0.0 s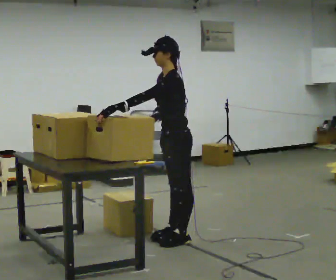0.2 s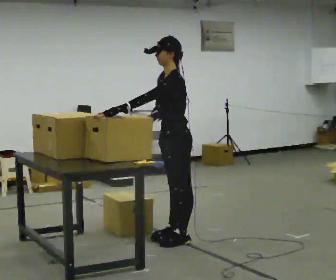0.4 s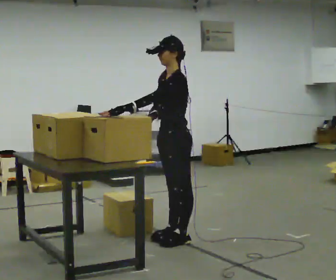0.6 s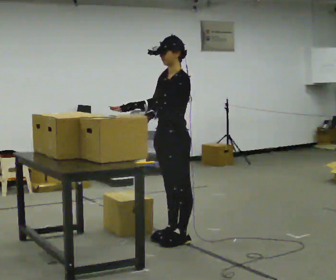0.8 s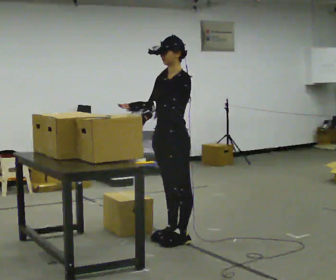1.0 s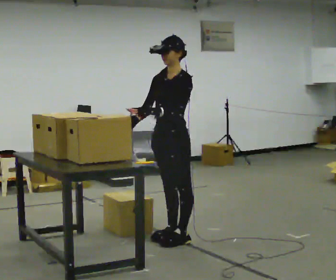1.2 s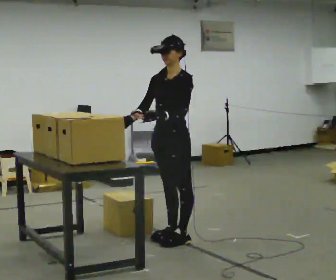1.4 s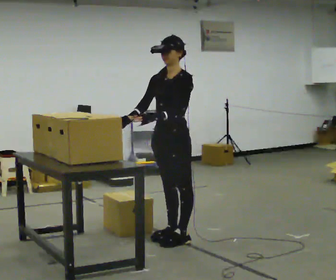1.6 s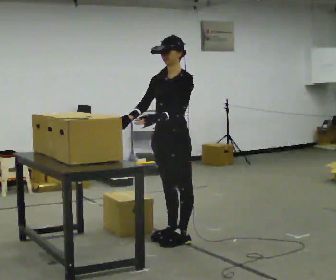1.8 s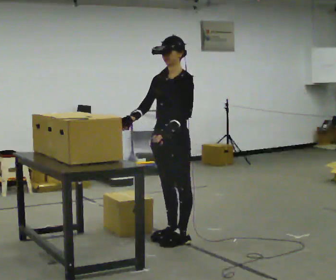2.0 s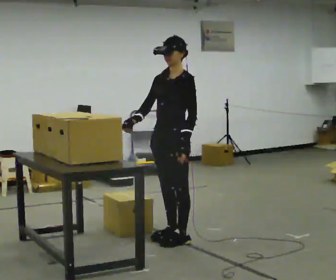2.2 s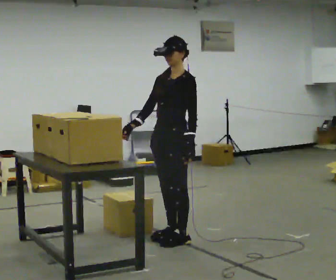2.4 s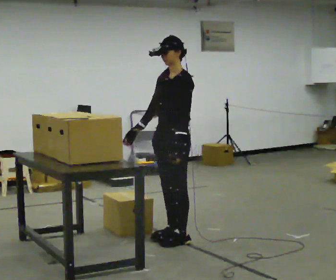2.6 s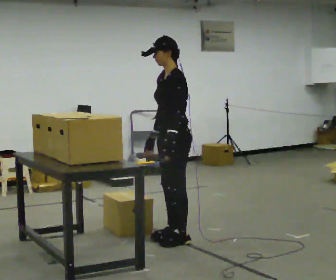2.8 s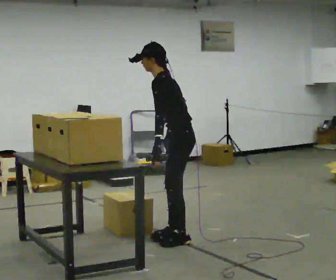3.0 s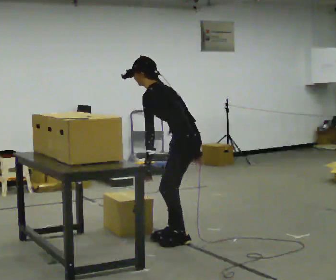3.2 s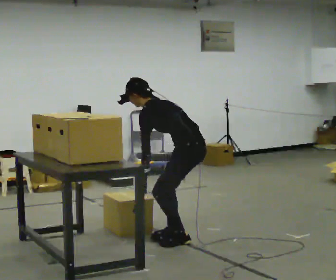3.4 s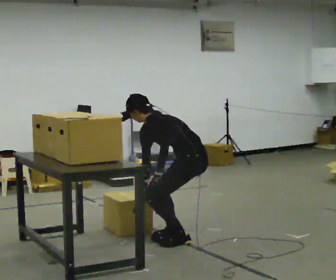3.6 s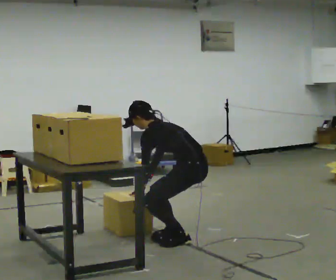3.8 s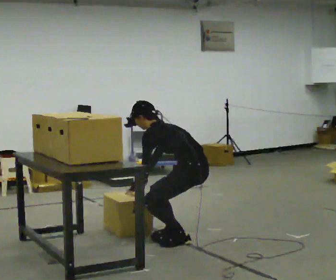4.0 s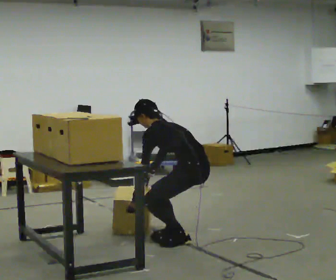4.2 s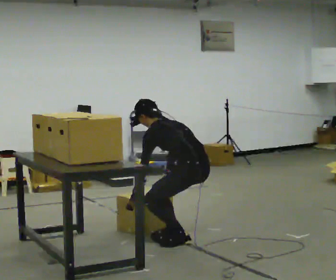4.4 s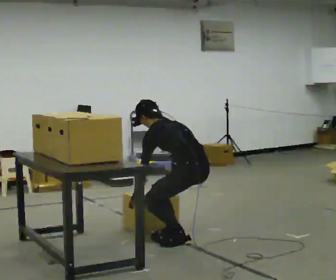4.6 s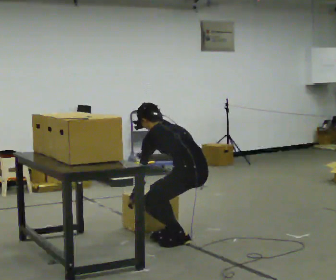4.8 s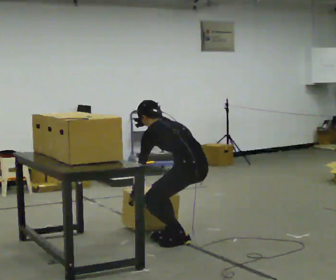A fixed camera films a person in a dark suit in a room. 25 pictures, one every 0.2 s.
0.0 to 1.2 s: The person turns about 30 degrees to their left, counterclockwise seen from above, so the part of the body nearest the lens slides to the right.
1.2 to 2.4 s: The person moves a little, or ends about where they began.
2.4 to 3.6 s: The part of the body nearest the lens slides to the left as the person turns to their right by about 60 degrees. The upper body goes downward. In the picture the upper body tilts counterclockwise, shoulders to the left, as they bend forward. In the picture their left hand goes downward and to the left.
3.6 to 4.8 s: The person moves a little, or ends about where they began.
The film runs backward here.
